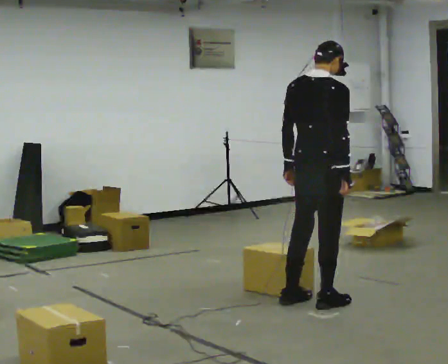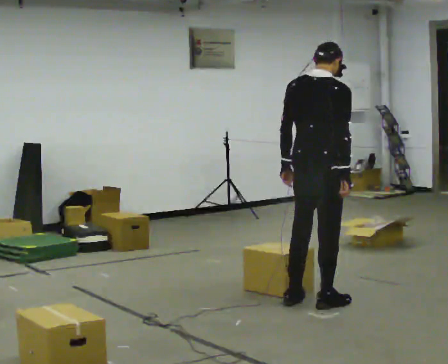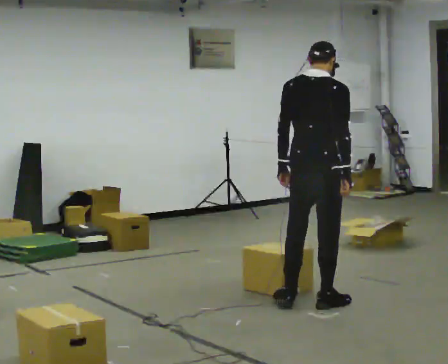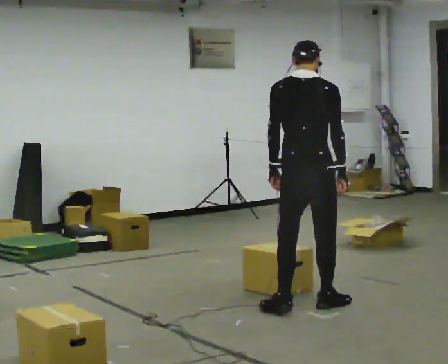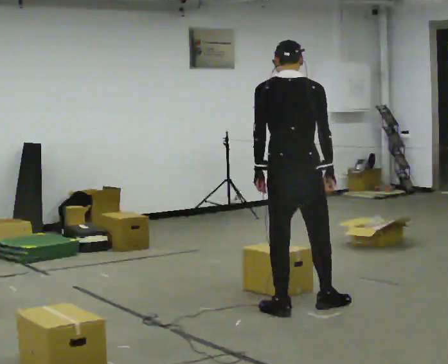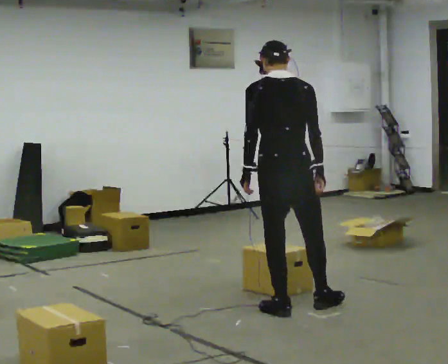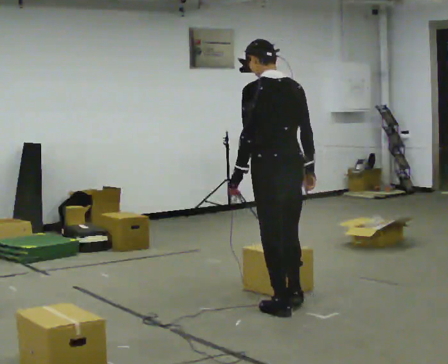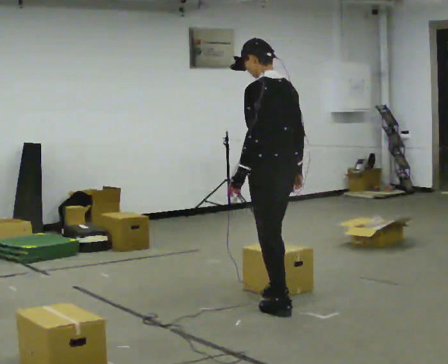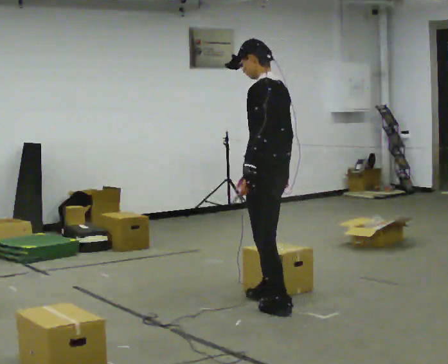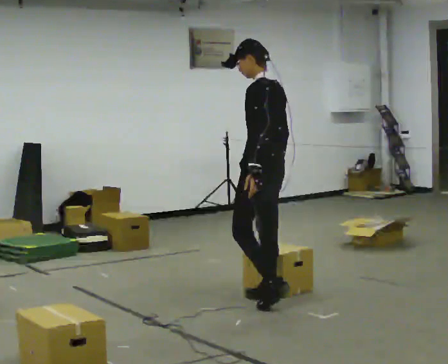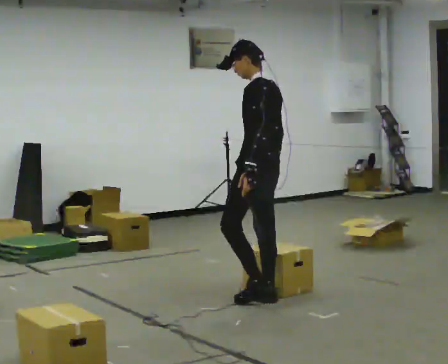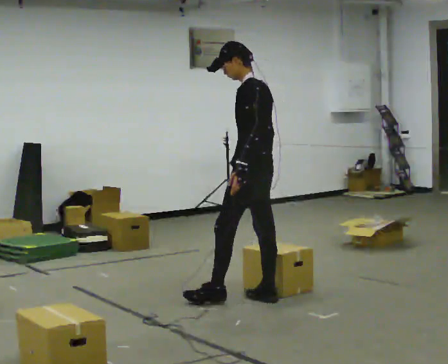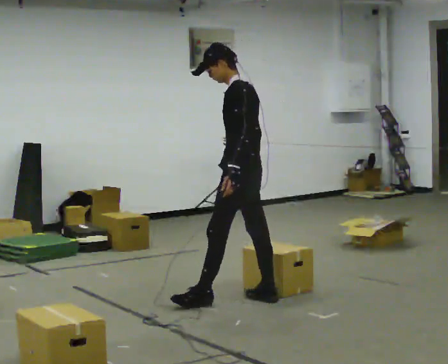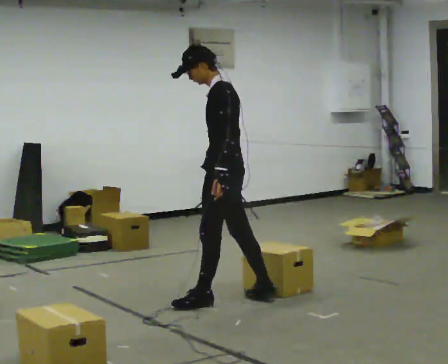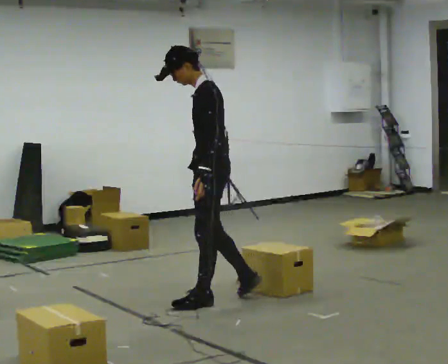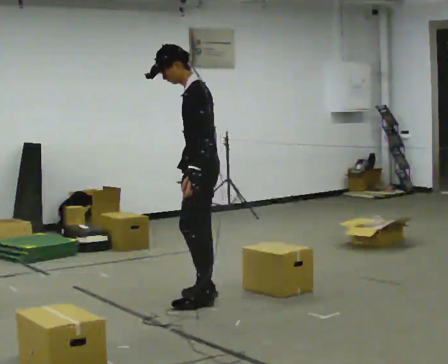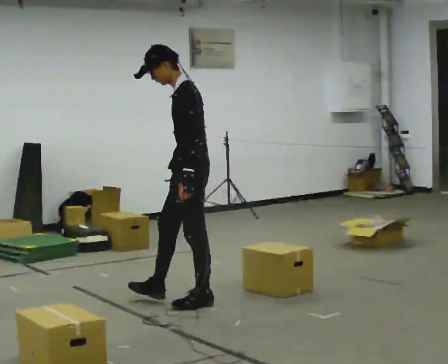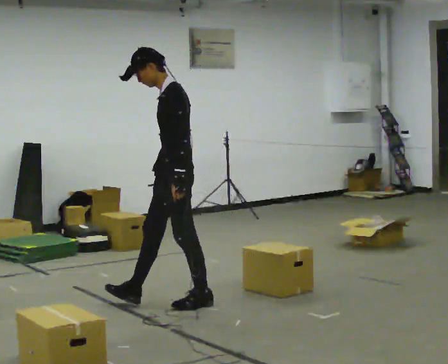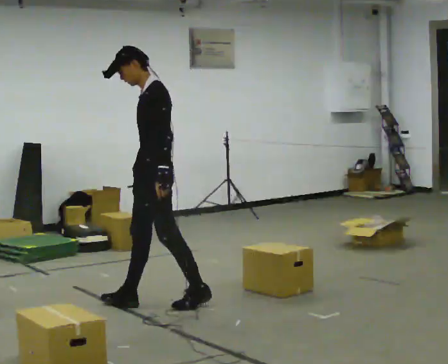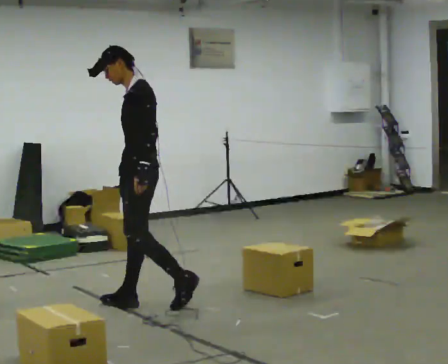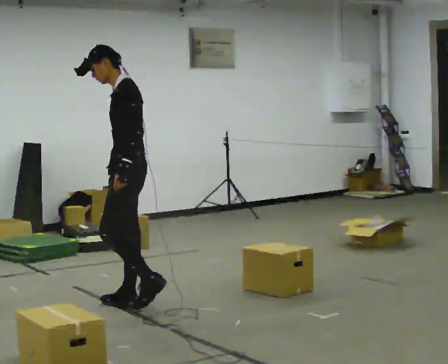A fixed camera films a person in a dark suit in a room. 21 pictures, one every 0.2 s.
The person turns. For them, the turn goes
to their left.
The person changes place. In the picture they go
to the left.
0.0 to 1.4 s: The person turns about 75 degrees to their left, counterclockwise seen from above, so the part of the body nearest the lens slides to the right. In the picture they go to the left, about 0.25 m in 1 step. In the picture their right hand goes to the left.
1.4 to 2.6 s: Seen from above the body turns counterclockwise, about 30 degrees: to their left, with its near side sliding to the right. In the picture they go to the left and away from the camera, about 0.25 m in 2 steps, which for them is forward.
2.6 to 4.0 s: In the picture they go to the left, about 0.5 m in 1 step, which for them is forward.
The film runs forward here.
